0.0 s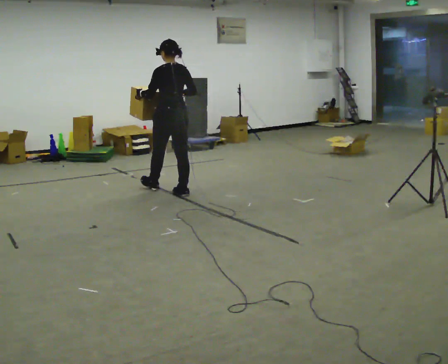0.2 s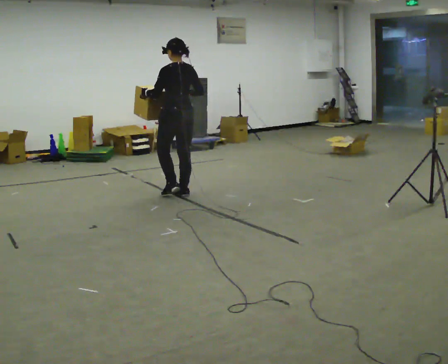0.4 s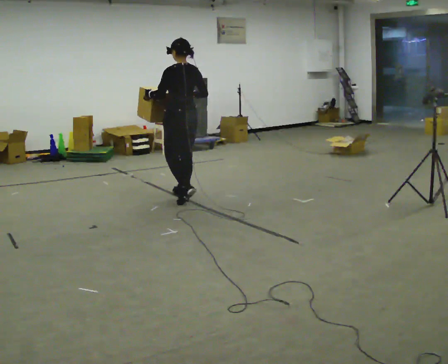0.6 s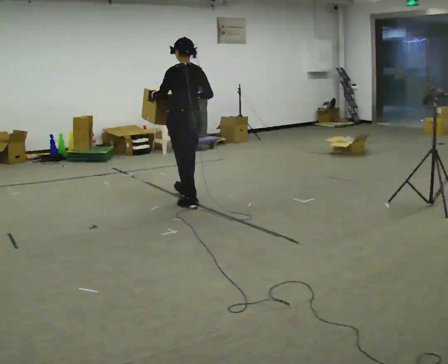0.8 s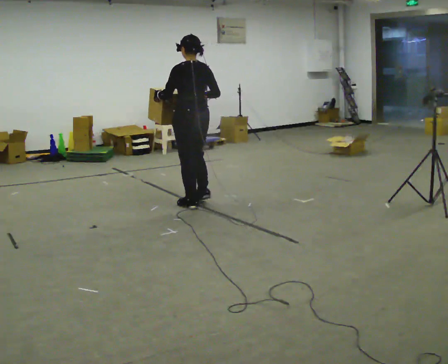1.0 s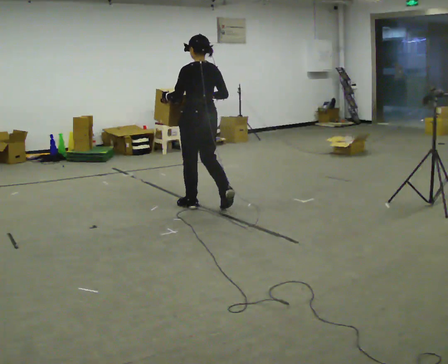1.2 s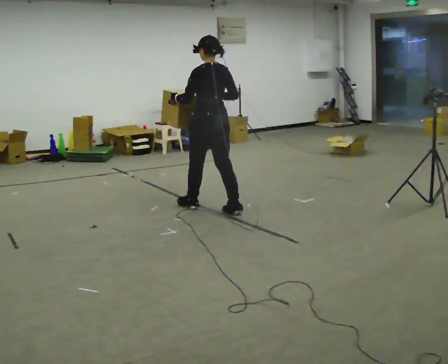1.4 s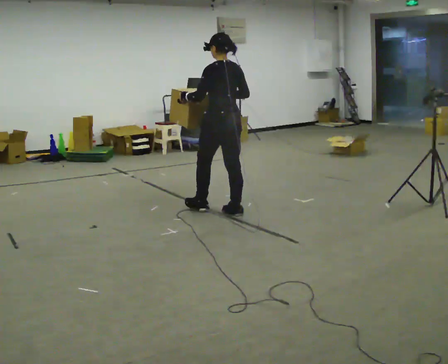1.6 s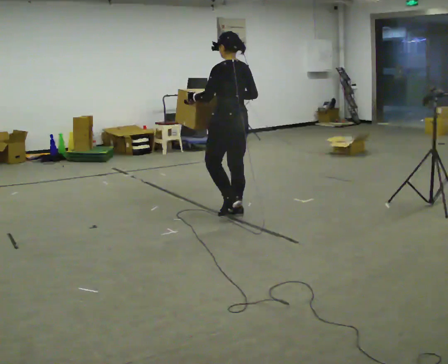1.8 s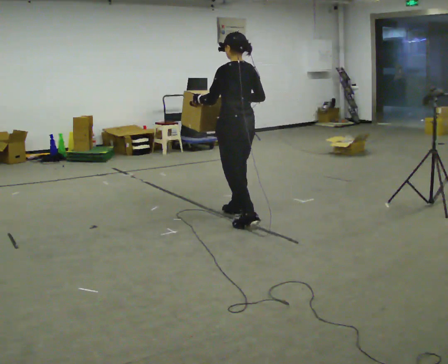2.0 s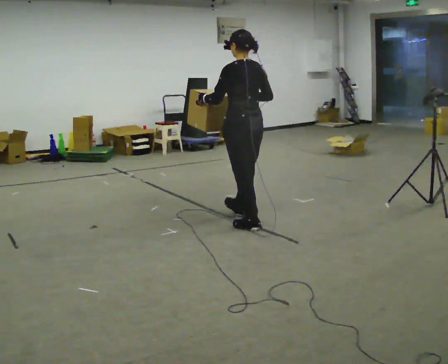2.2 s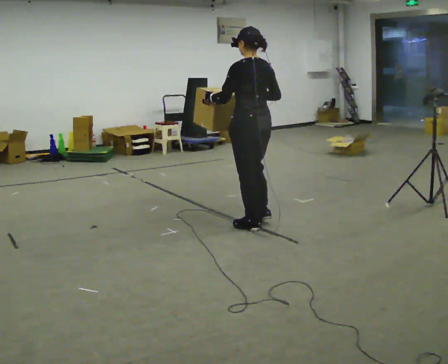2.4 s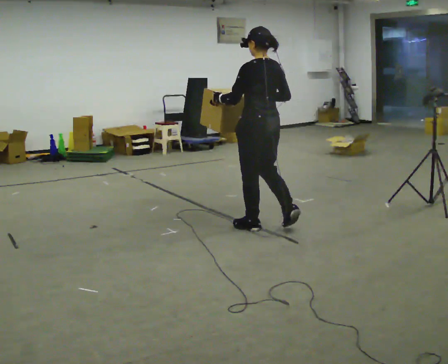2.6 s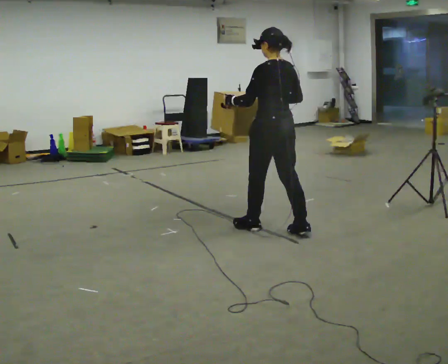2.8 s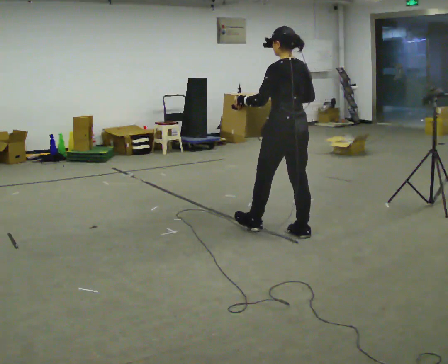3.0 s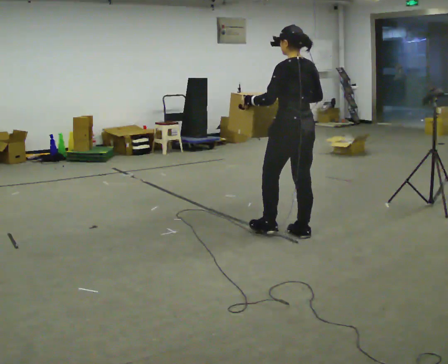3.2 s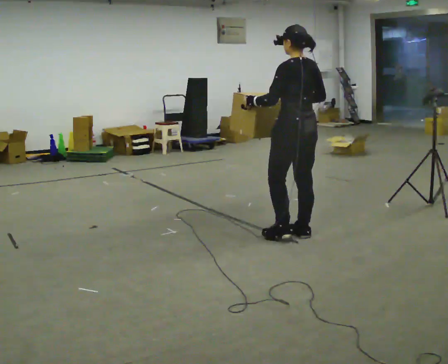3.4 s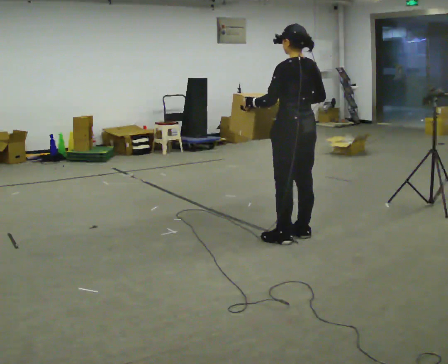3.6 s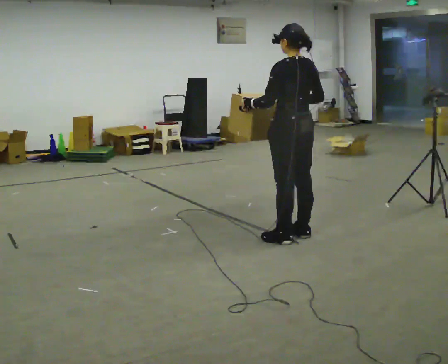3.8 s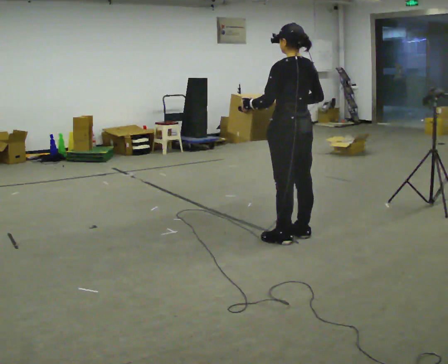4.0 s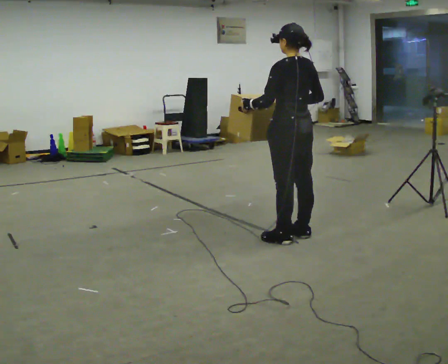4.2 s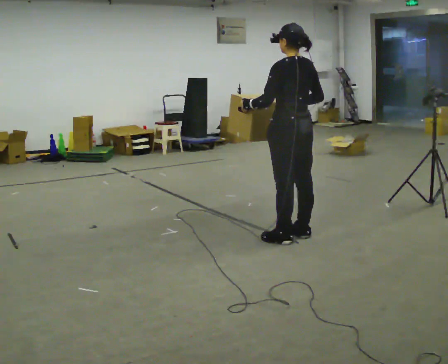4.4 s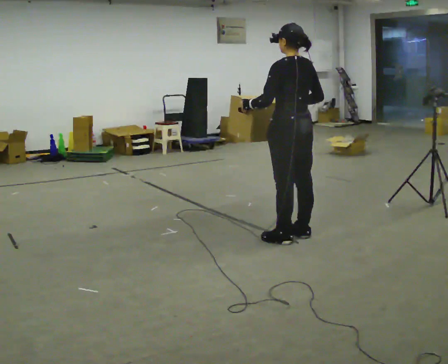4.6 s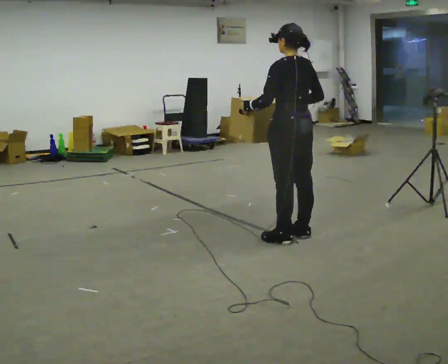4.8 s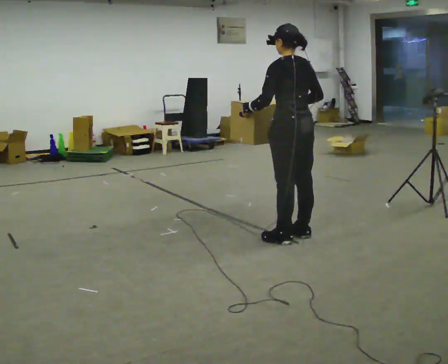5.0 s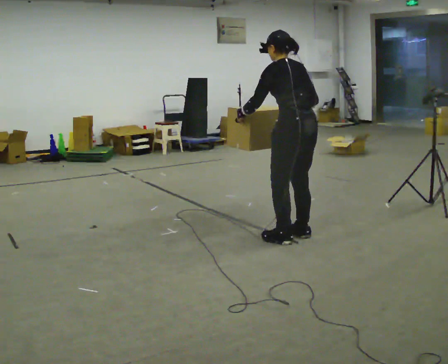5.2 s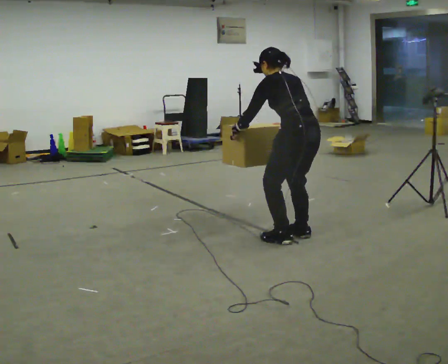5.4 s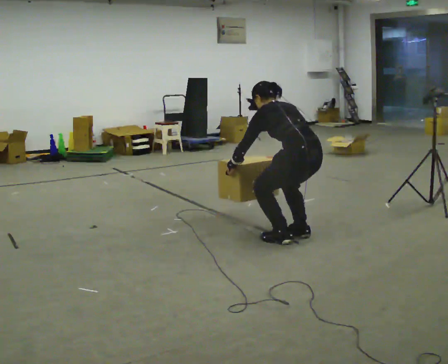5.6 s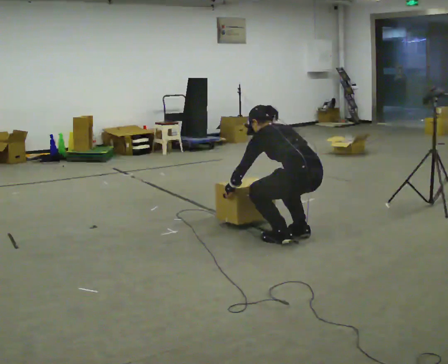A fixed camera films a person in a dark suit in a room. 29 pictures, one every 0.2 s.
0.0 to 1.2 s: In the picture they go to the right and toward the camera, about 0.5 m in 1 step, which for them is backward.
1.2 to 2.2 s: In the picture they go to the right and toward the camera, about 0.75 m in 2 steps, which for them is backward.
2.2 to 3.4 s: In the picture they go to the right and toward the camera, about 0.5 m in 1 step, which for them is backward.
3.4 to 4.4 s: The person moves a little, or ends about where they began.
4.4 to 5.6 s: The shoulders move downward. In the picture the upper body tilts counterclockwise, shoulders to the left, as they bend forward. In the picture their left hand goes downward.
The film runs backward here.
